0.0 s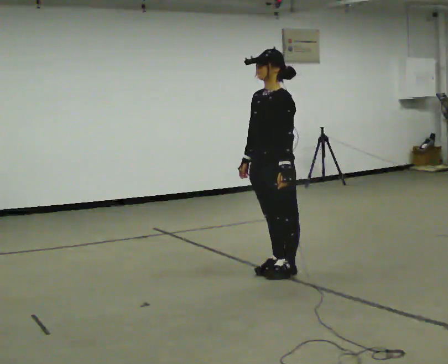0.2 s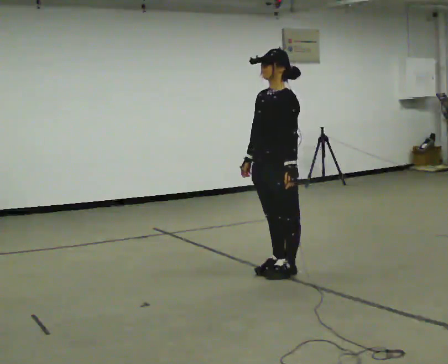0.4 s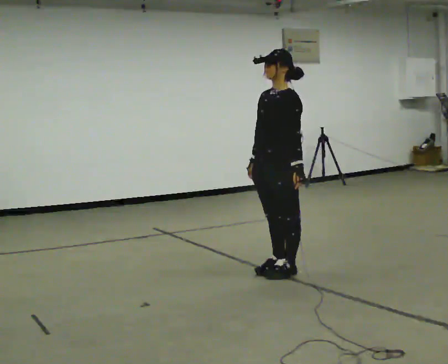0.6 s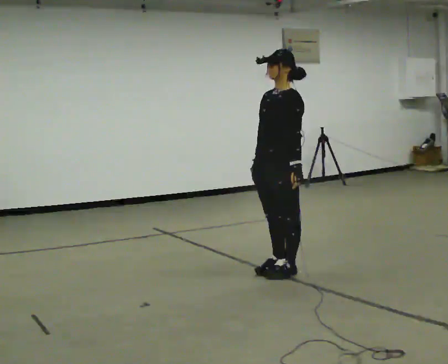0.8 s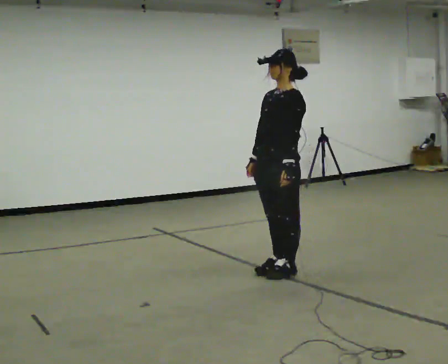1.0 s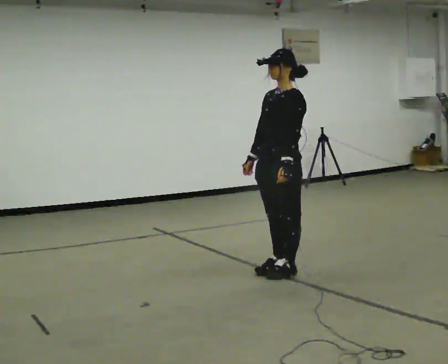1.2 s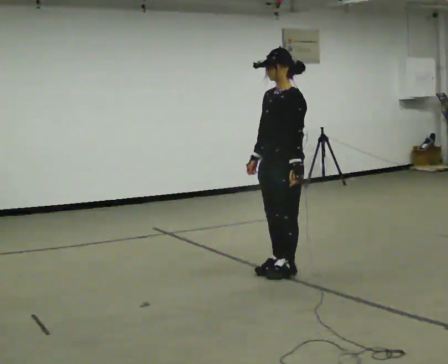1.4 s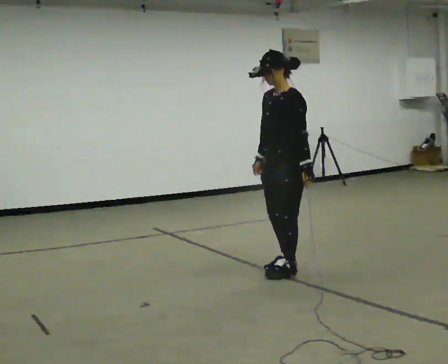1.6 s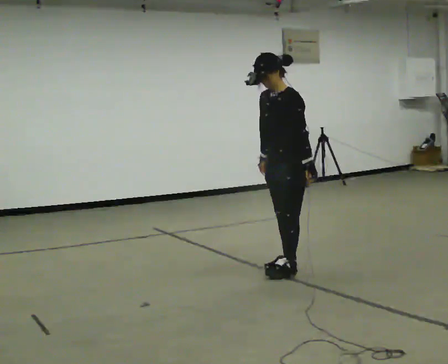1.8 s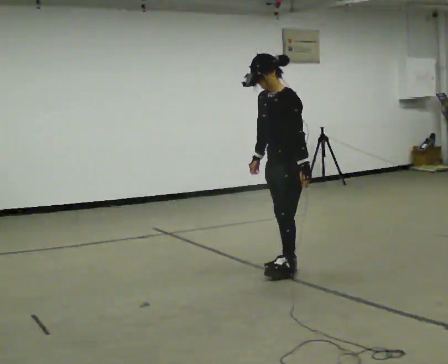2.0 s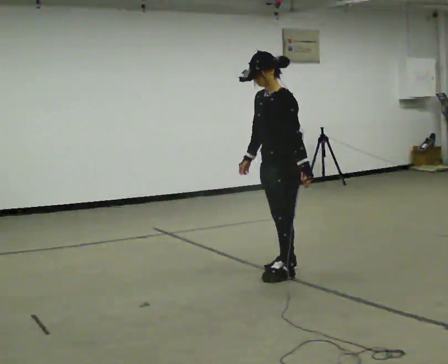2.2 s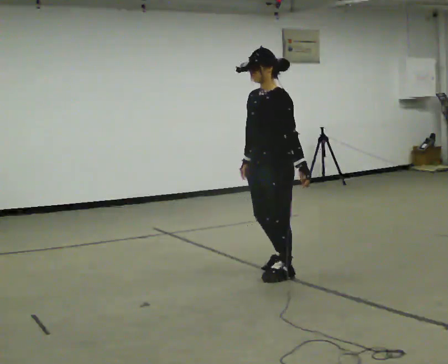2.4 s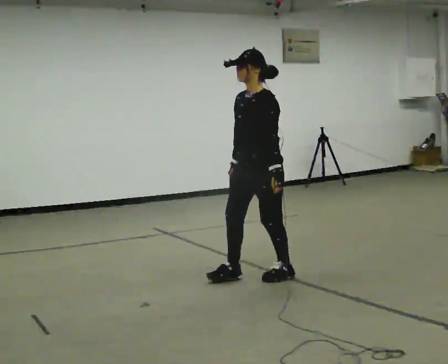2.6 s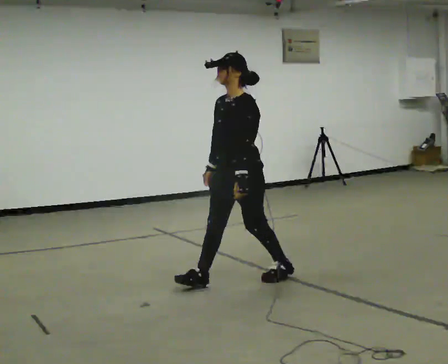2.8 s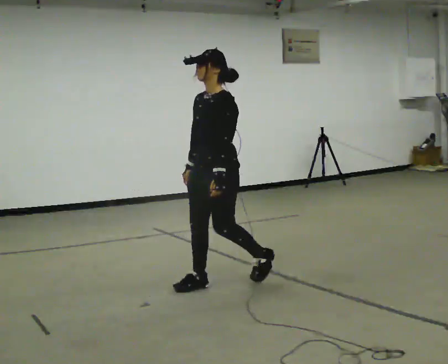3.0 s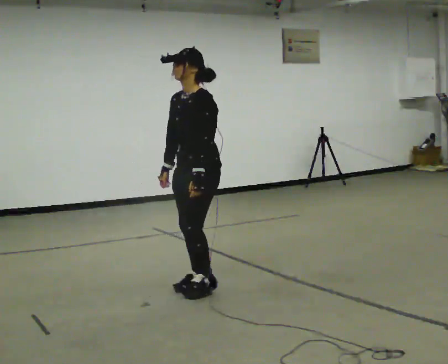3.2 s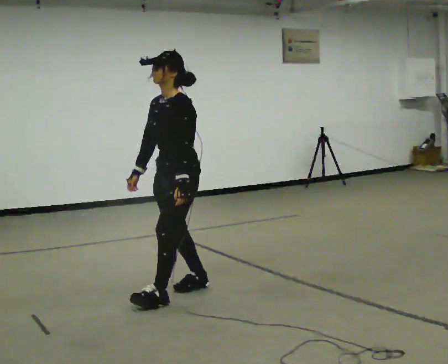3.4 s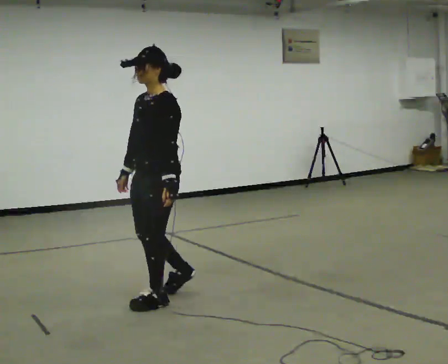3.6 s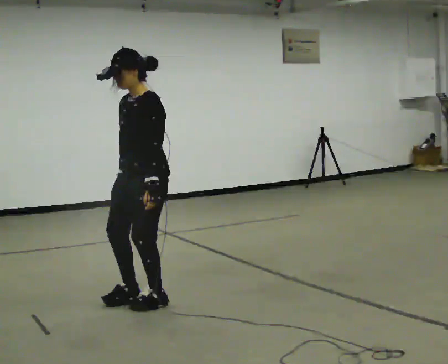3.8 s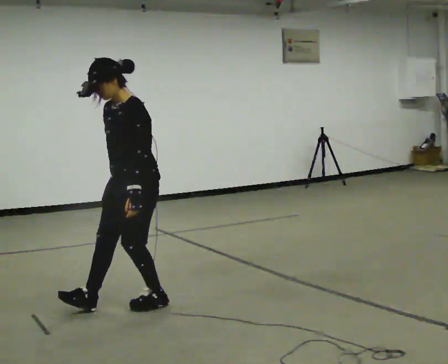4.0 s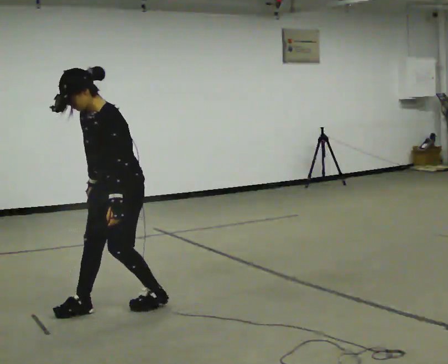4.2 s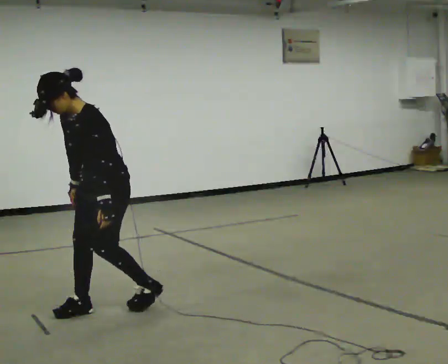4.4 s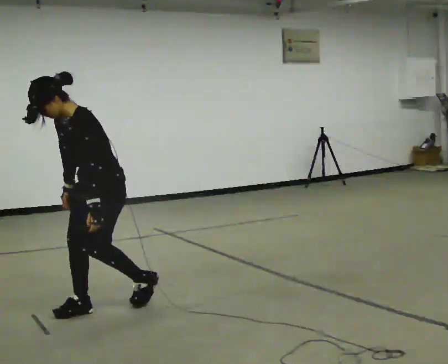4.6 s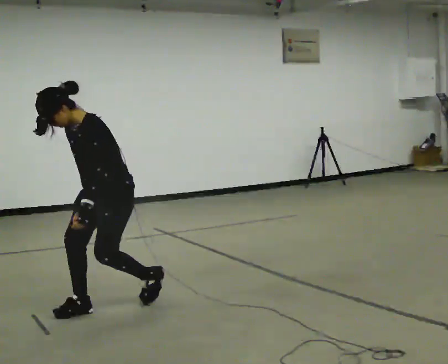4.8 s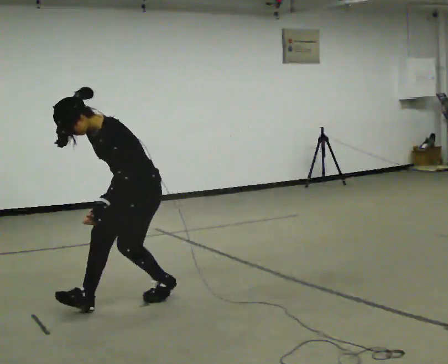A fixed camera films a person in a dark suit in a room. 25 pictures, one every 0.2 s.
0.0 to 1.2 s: The person moves a little, or ends about where they began.
1.2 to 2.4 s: In the picture they go to the left and toward the camera, about 0.25 m in 1 step, which for them is forward.
2.4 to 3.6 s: In the picture they go to the left and toward the camera, about 1 m in 2 steps, which for them is forward.
3.6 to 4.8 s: The upper body goes downward. In the picture the upper body tilts counterclockwise, shoulders to the left, as they bend forward.
The film runs backward here.
